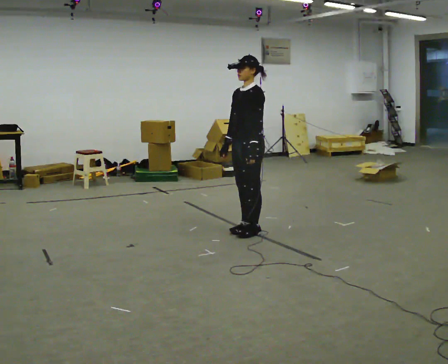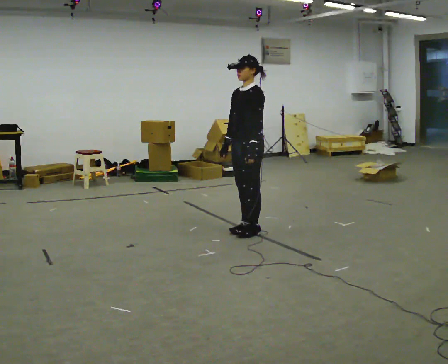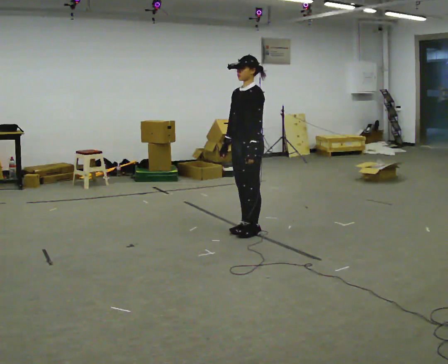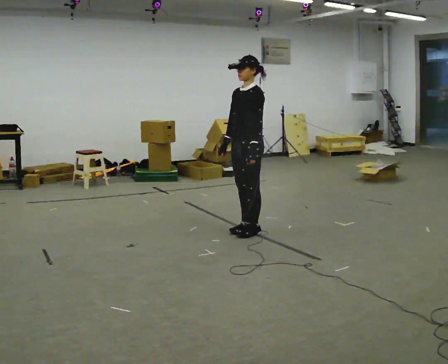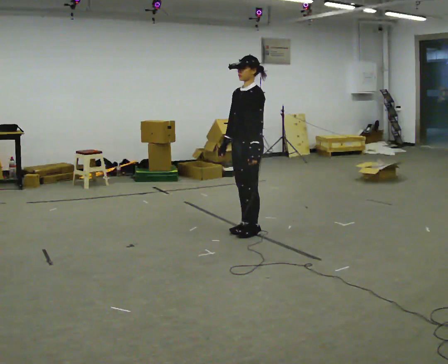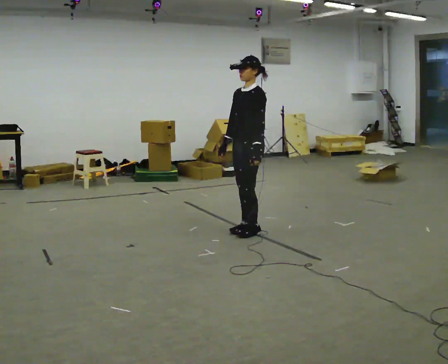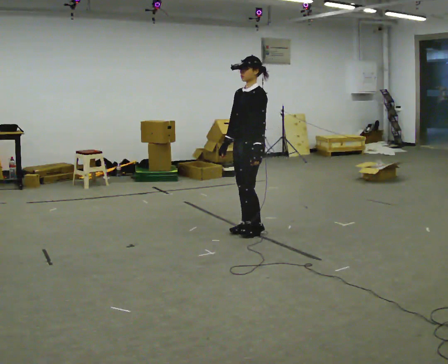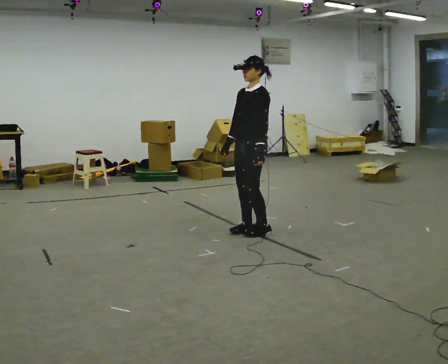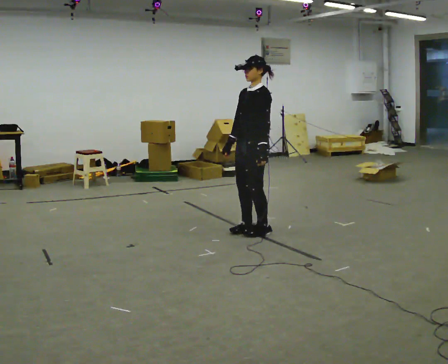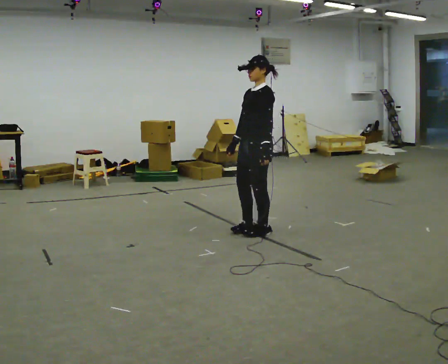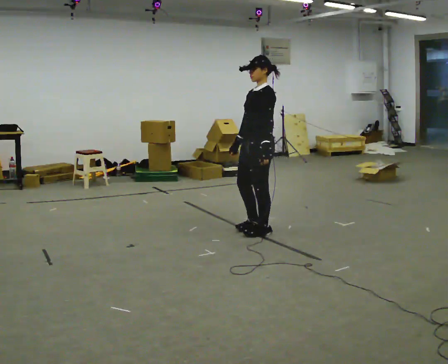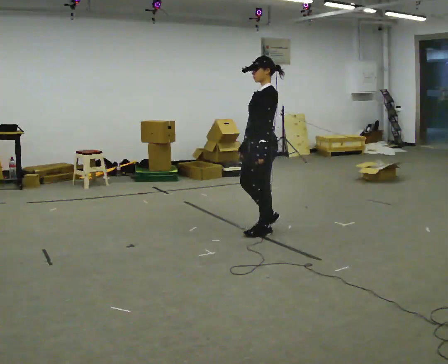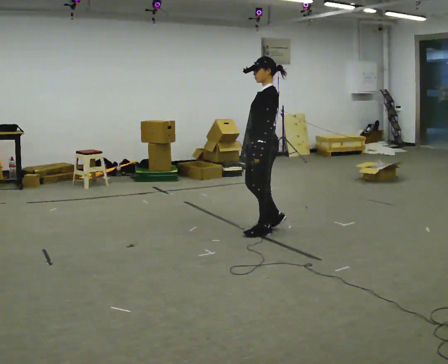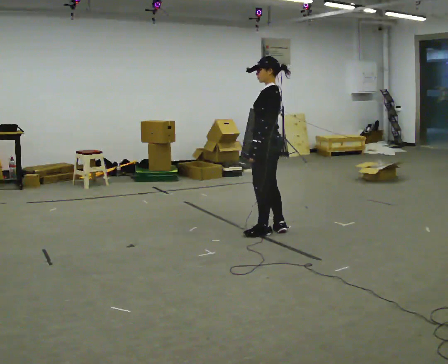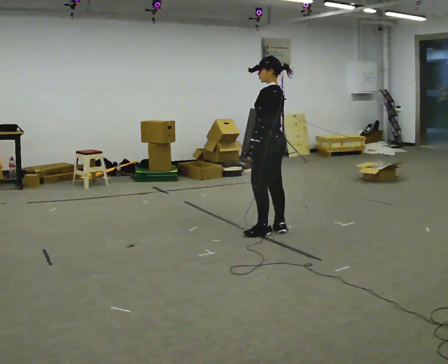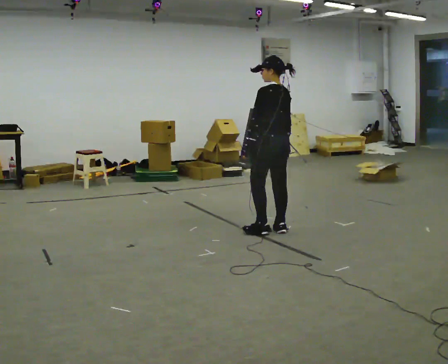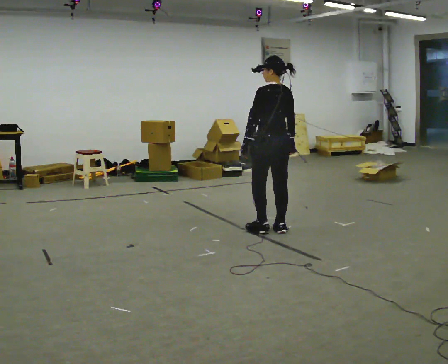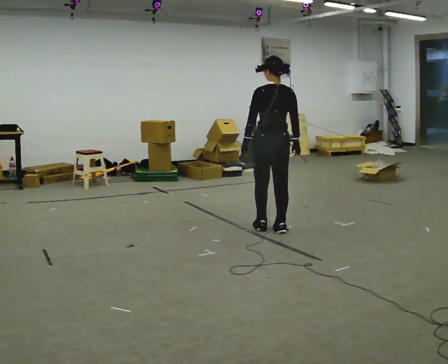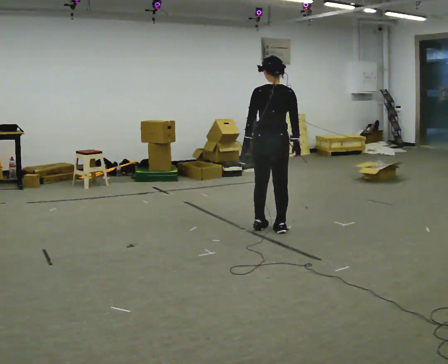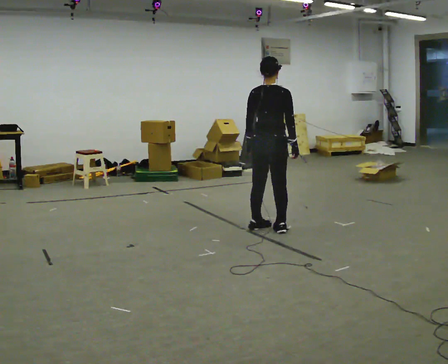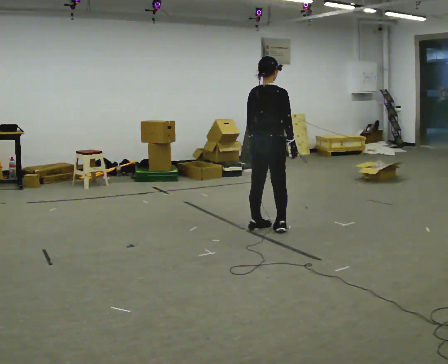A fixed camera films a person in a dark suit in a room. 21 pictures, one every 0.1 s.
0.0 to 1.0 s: The person moves a little, or ends about where they began.
1.0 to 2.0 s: The person turns about 135 degrees to their right, clockwise seen from above, so the part of the body nearest the lens slides to the left.
The film runs backward here.
